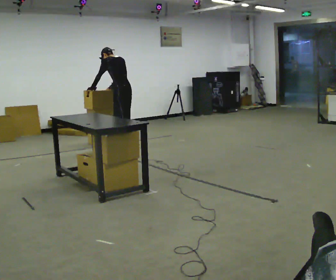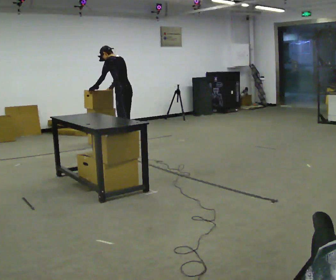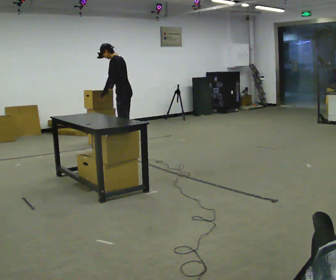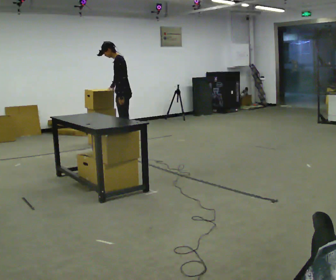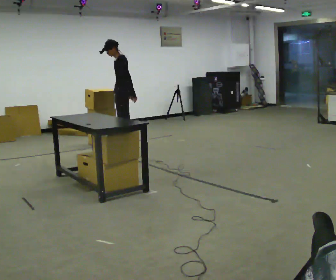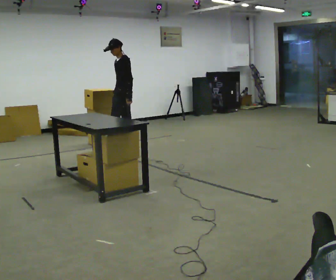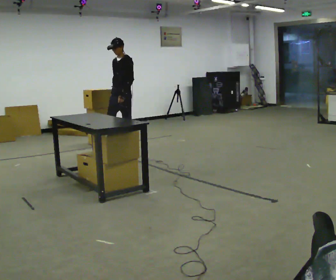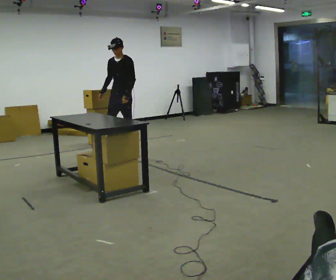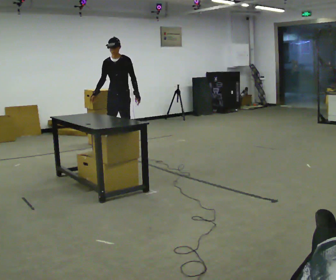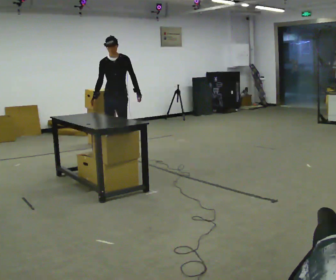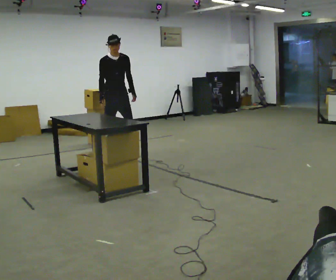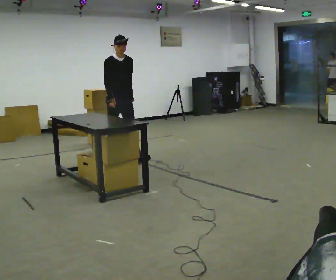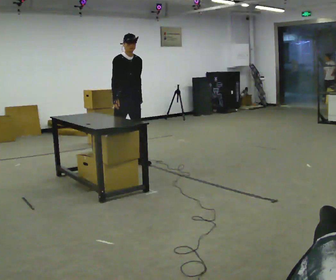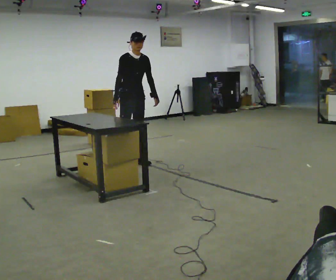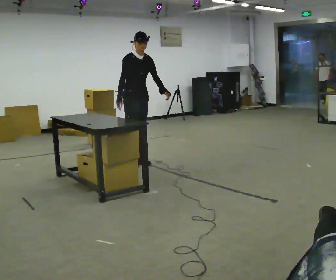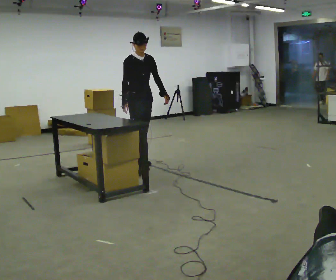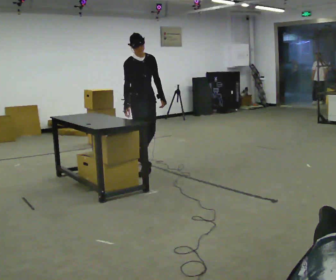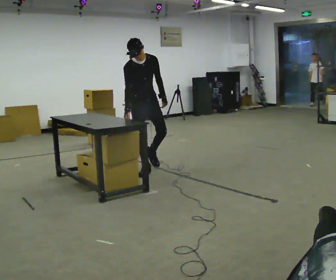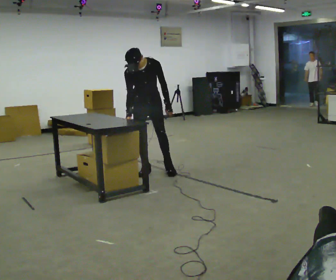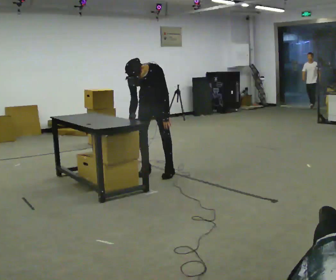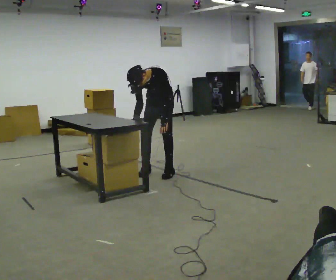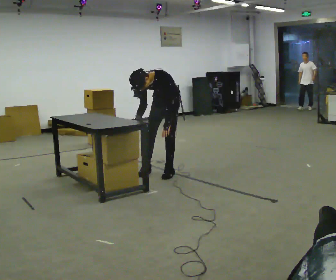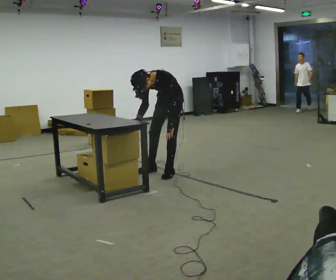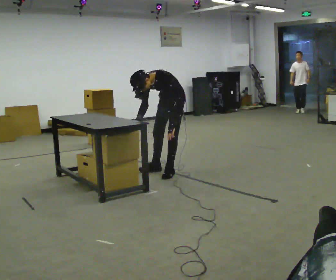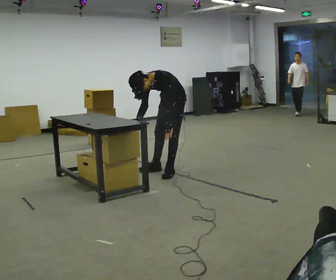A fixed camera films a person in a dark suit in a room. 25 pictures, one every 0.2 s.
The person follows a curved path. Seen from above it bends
counterclockwise.
The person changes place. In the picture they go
toward the camera.
0.0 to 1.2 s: Seen from above the body turns counterclockwise, about 90 degrees: to their left, with its near side sliding to the right. In the picture they go toward the camera, about 0.25 m in 1 step. The upper body tips toward the camera, its near side rolling downward, as they lean back or straighten. In the picture their left hand goes to the right.
1.2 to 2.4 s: The part of the body nearest the lens slides to the right as the person turns to their left by about 75 degrees. In the picture they go toward the camera, about 0.5 m in 2 steps.
2.4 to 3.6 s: In the picture they go toward the camera and to the right, about 0.5 m in 1 step, which for them is forward. The upper body tips toward the camera, its near side rolling downward, as they bend forward.
3.6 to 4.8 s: The person turns about 45 degrees to their right, clockwise seen from above, so the part of the body nearest the lens slides to the left. In the picture they go to the right, about 0.25 m in 1 step, which for them is to their left. In the picture the upper body tilts counterclockwise, shoulders to the left, as they bend forward.
The film runs forward here.
